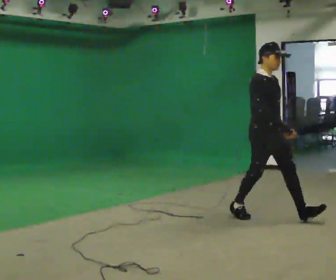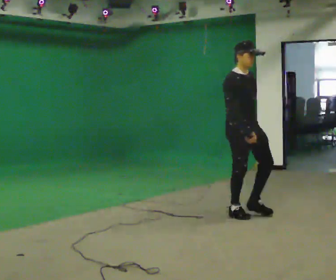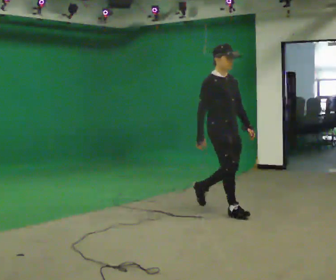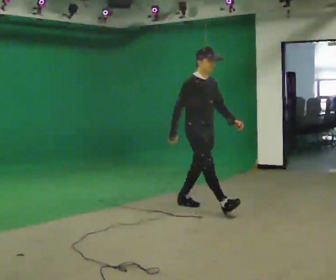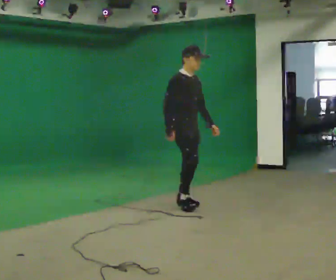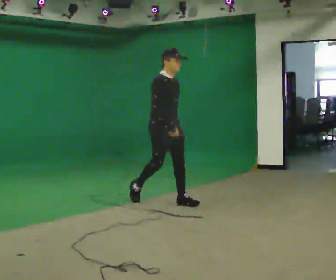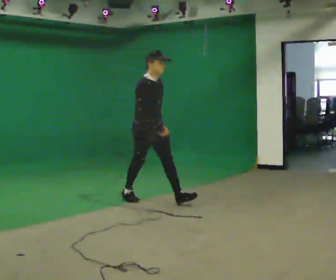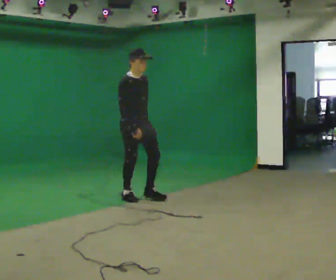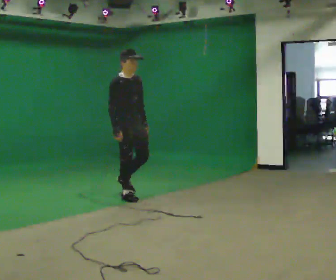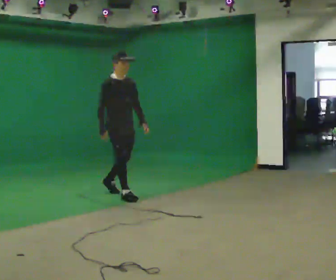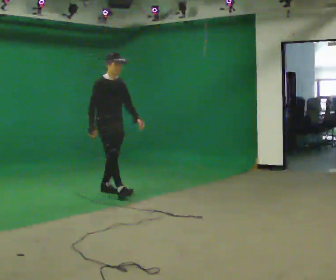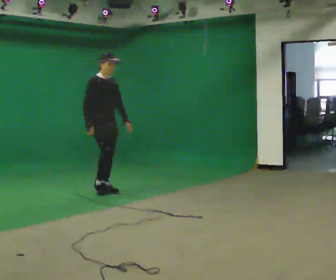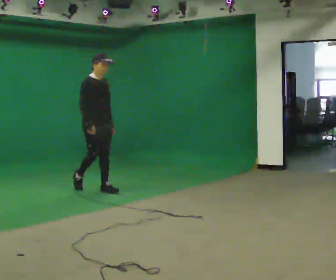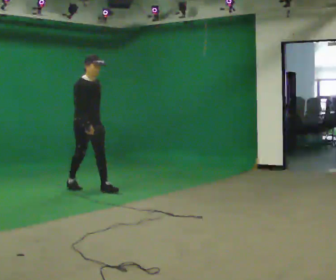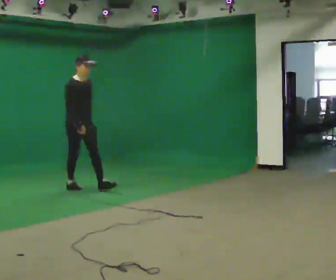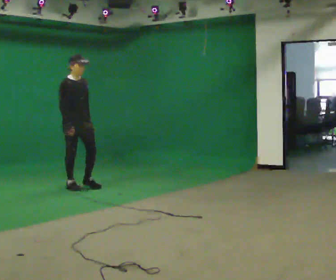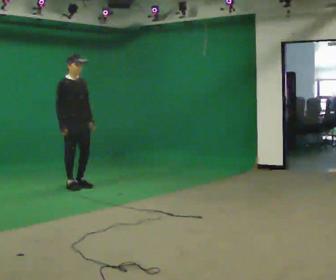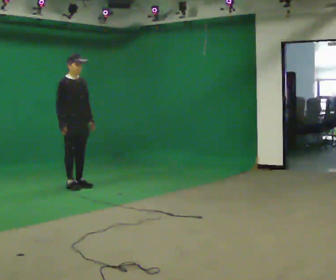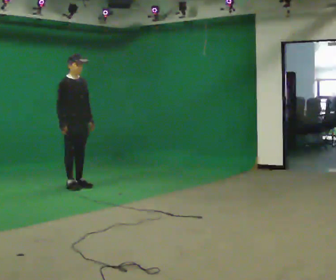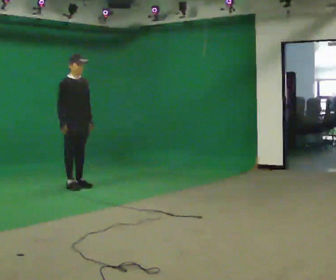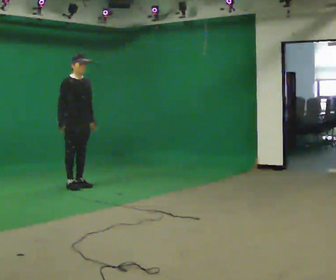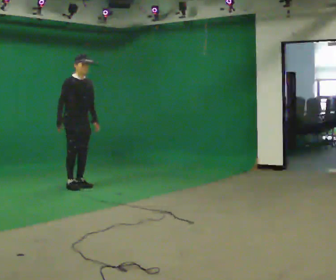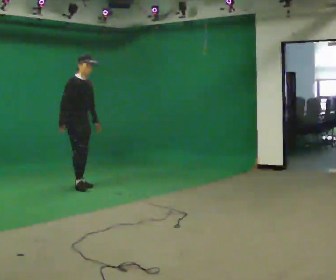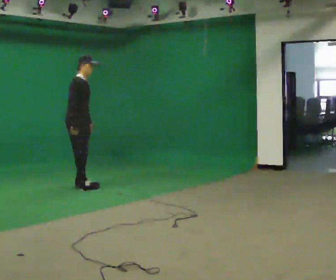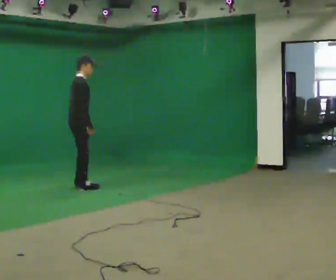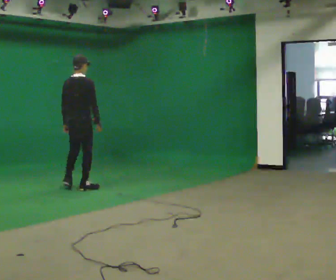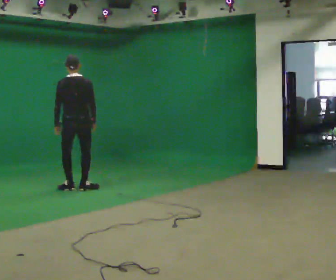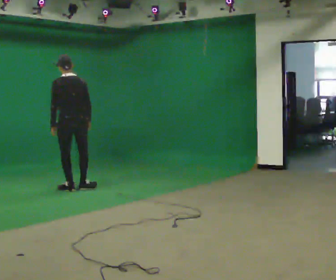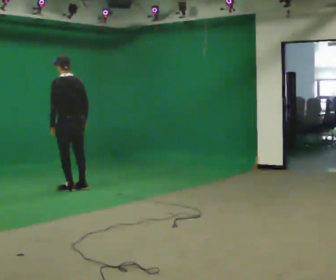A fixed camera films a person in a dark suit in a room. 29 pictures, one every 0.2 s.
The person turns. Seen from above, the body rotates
counterclockwise.
The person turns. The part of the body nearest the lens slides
to the right.
0.0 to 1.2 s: In the picture they go away from the camera and to the left, about 1.5 m in 2 steps, which for them is backward.
1.2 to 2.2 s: In the picture they go away from the camera and to the left, about 1 m in 1 step, which for them is backward.
2.2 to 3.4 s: In the picture they go away from the camera and to the left, about 0.5 m in 1 step, which for them is backward.
3.4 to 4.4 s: The person moves a little, or ends about where they began.
4.4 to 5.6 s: The person turns about 150 degrees to their left, counterclockwise seen from above, so the part of the body nearest the lens slides to the right. In the picture they go toward the camera, about 0.25 m in 1 step. In the picture the upper body tilts counterclockwise, shoulders to the left. In the picture their right hand goes to the right, the arm swinging counterclockwise.
The film runs backward here.
